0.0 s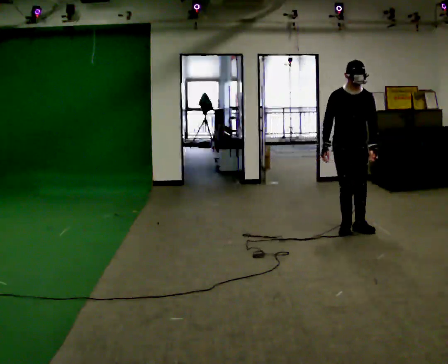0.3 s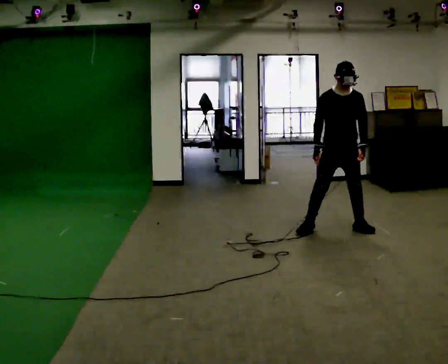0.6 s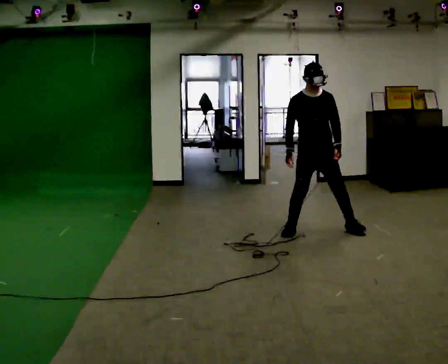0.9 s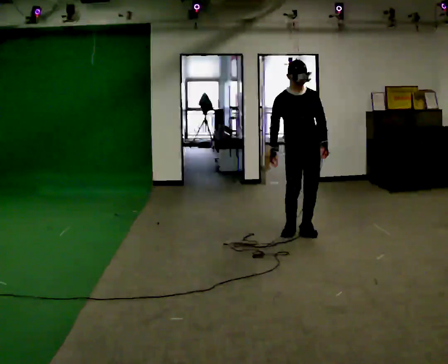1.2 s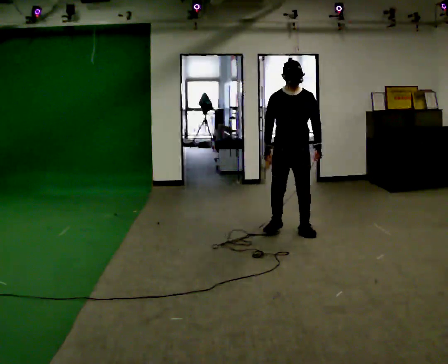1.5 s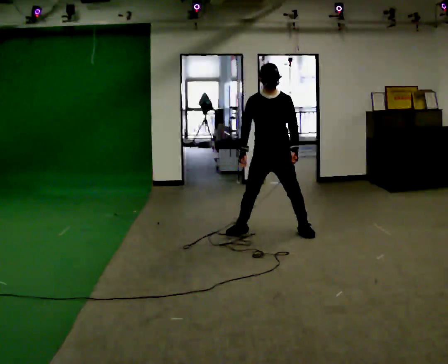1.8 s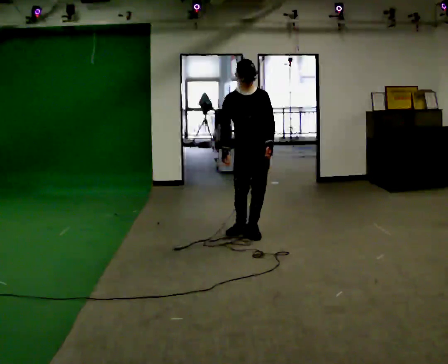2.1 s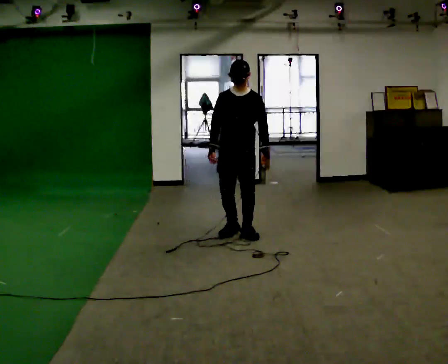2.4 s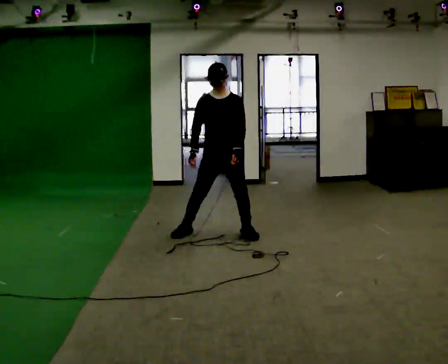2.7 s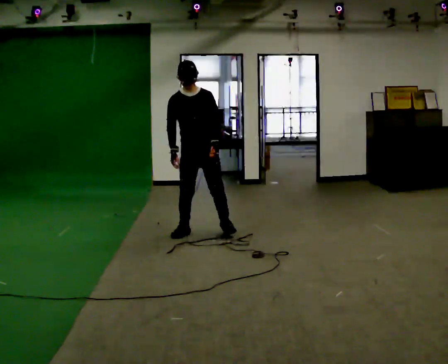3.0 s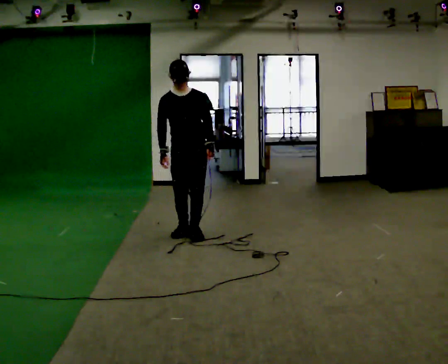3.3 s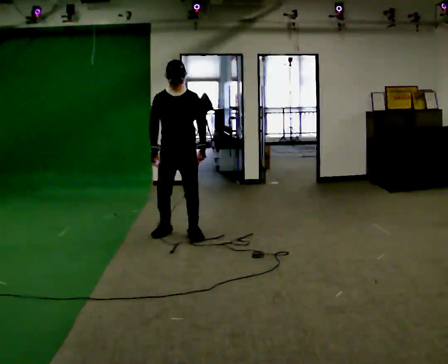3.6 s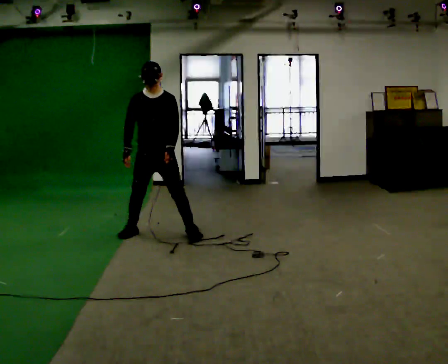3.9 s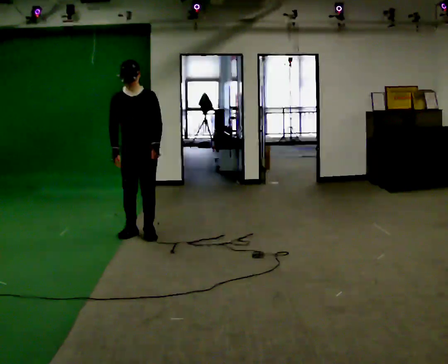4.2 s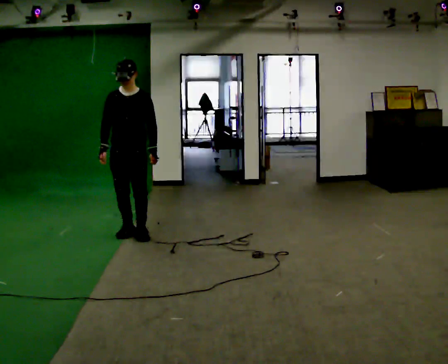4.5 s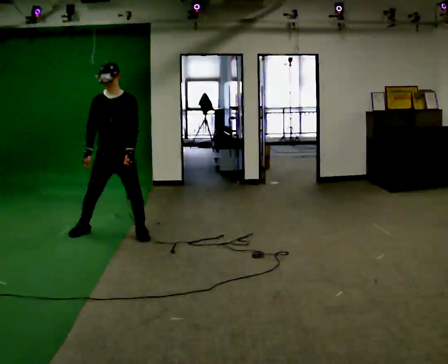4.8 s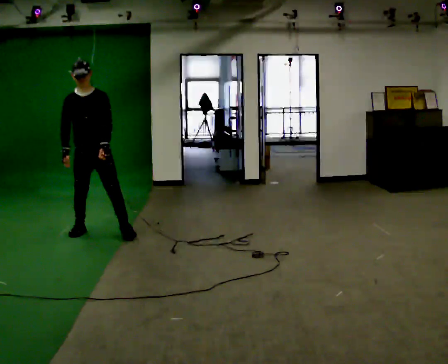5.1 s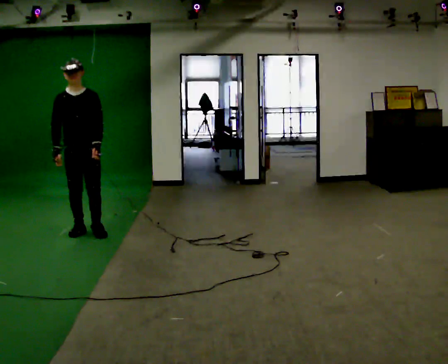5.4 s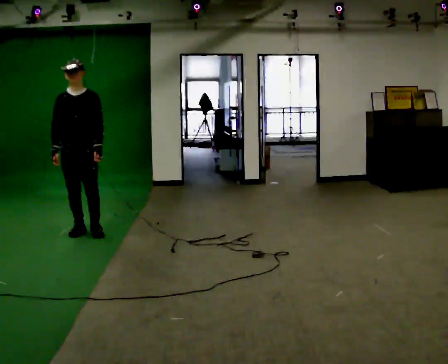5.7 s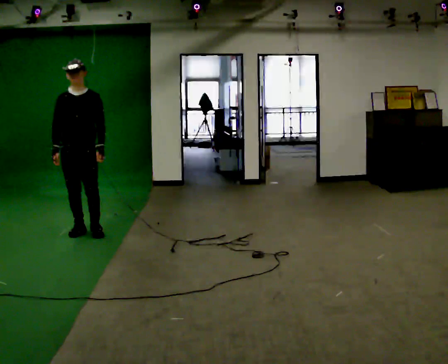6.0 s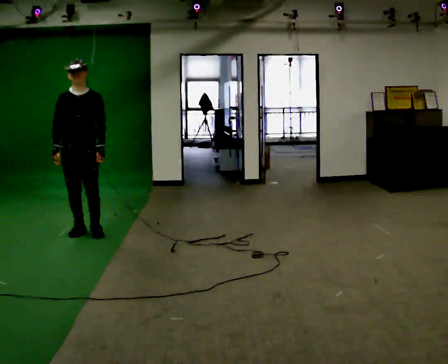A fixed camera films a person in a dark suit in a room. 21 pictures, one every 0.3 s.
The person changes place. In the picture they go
to the left.
0.0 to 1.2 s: In the picture they go to the left, about 0.5 m in 3 steps, which for them is to their right.
1.2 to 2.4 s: In the picture they go to the left, about 0.75 m in 2 steps, which for them is to their right.
2.4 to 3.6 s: In the picture they go to the left, about 0.5 m in 3 steps, which for them is to their right.
3.6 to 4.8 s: In the picture they go to the left, about 0.75 m in 2 steps, which for them is to their right.
4.8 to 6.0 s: In the picture they go to the left, about 0.25 m, which for them is to their right.
The film runs backward here.
